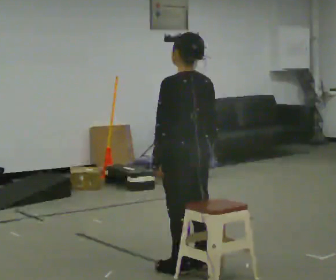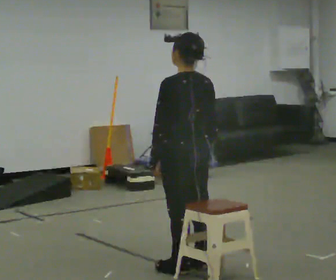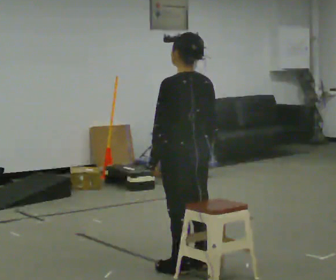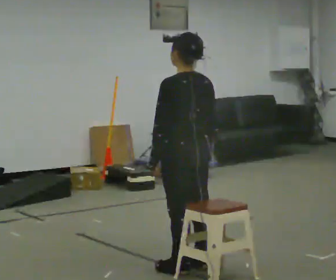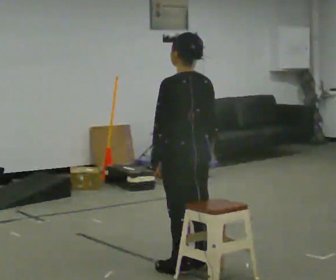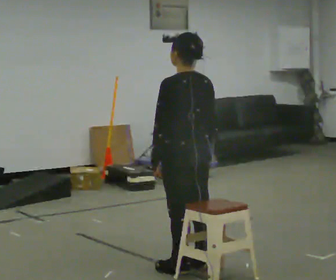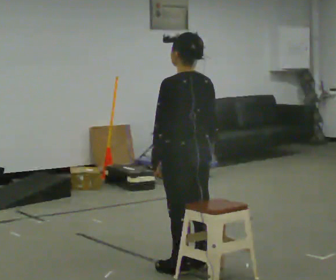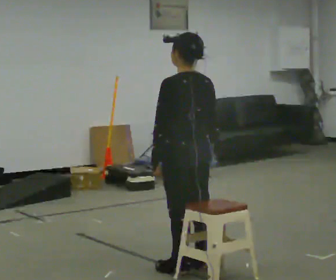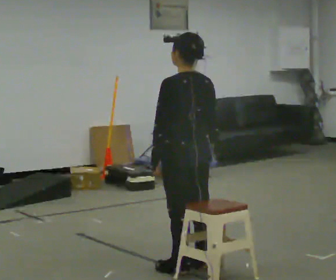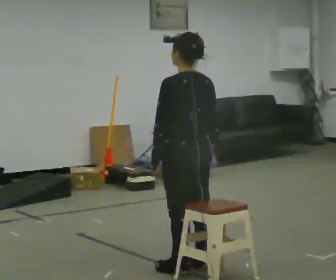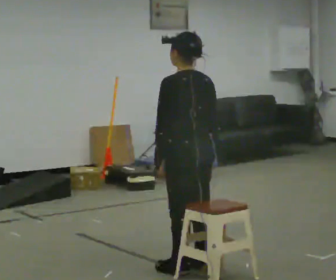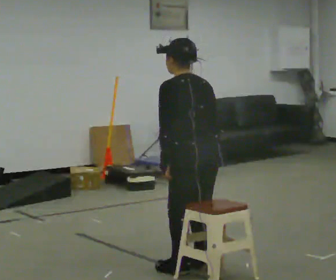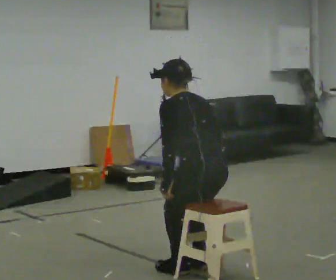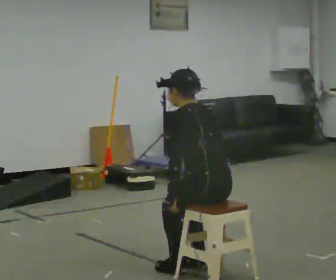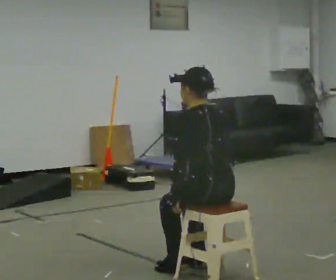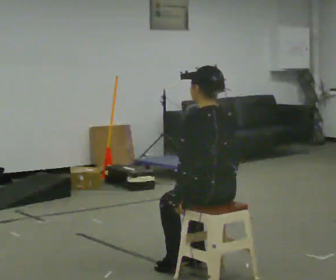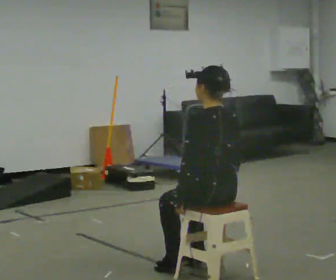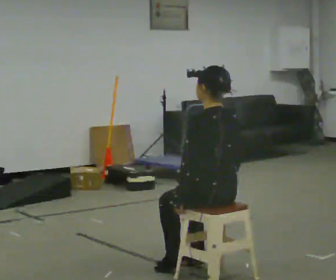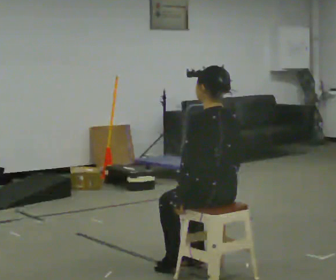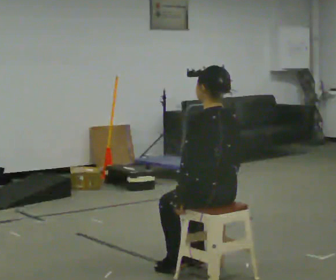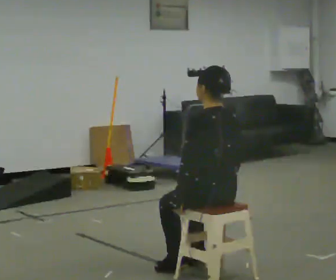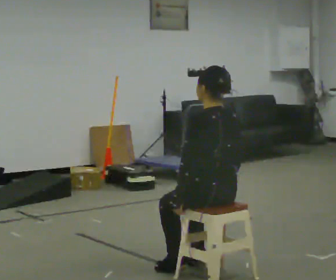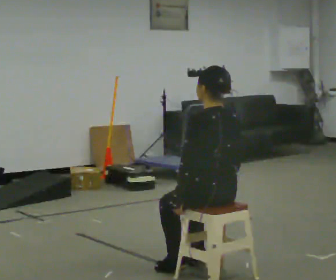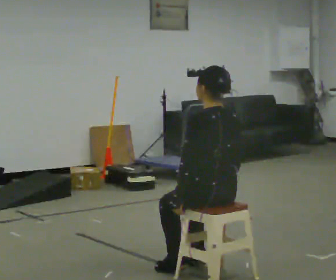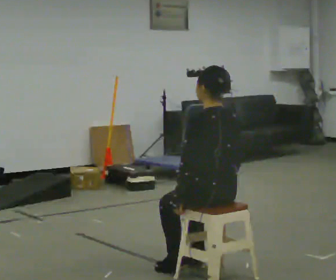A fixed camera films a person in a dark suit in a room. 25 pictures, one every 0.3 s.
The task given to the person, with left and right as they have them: Sit on the chair, stand up, then sit back down. Repeat the movement at your own pace until the operator says stop; do not rush.
0.0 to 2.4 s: The person keeps their place and pose.
2.4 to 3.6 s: The upper body goes downward. The upper body tips away from the camera, its near side rolling upward, as they bend forward.
3.6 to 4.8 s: The upper body tips toward the camera, its near side rolling downward, as they lean back or straighten.
4.8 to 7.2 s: The person keeps their place and pose.
The film runs forward here.
